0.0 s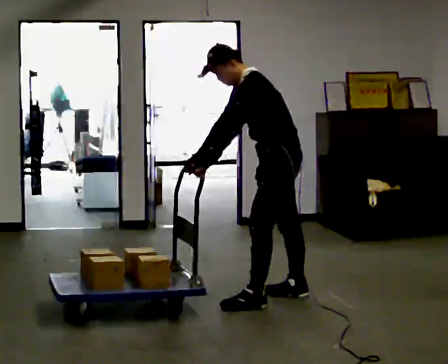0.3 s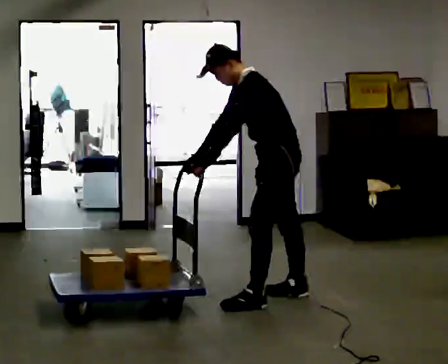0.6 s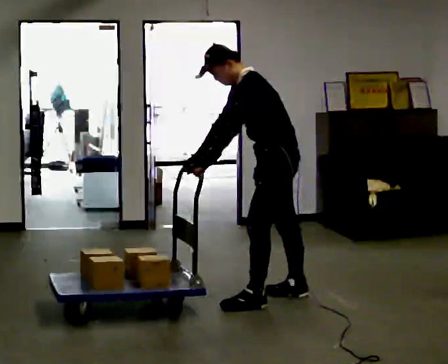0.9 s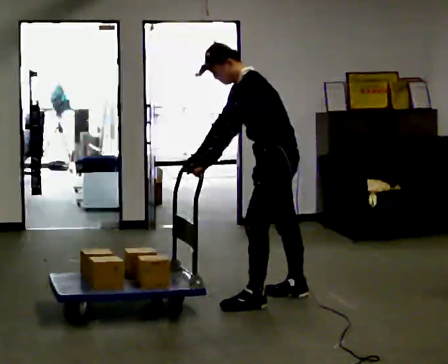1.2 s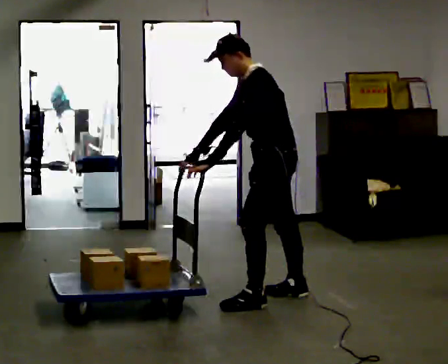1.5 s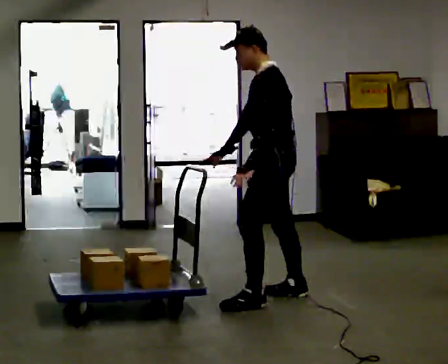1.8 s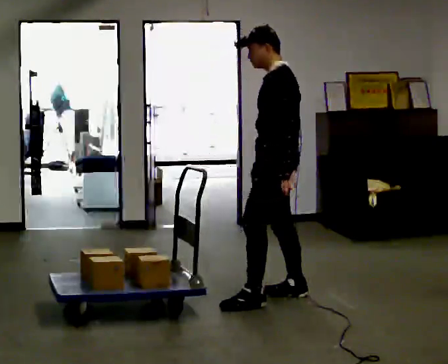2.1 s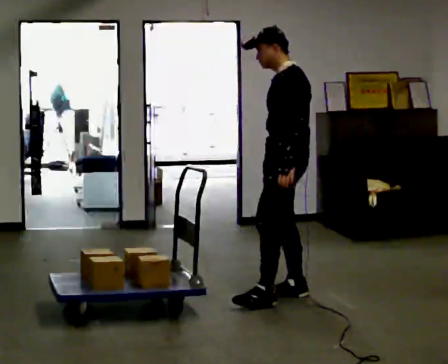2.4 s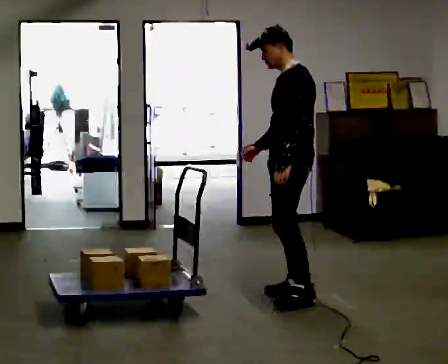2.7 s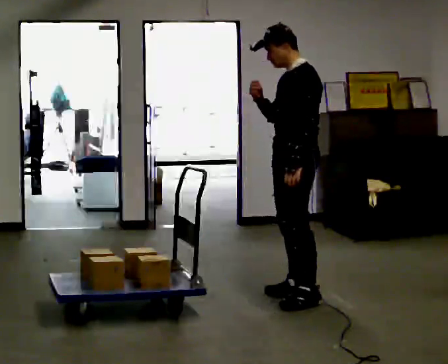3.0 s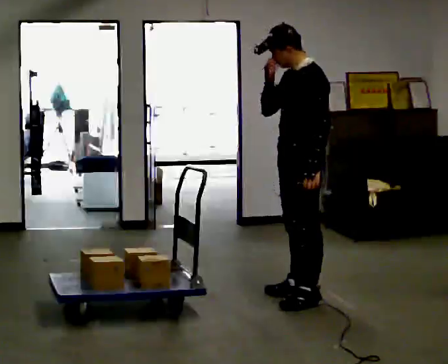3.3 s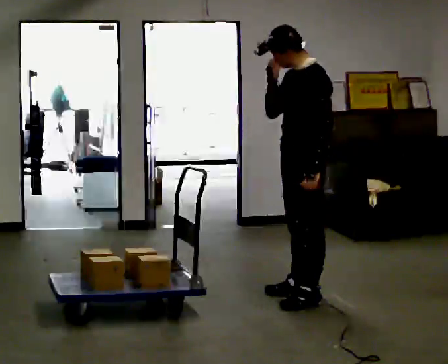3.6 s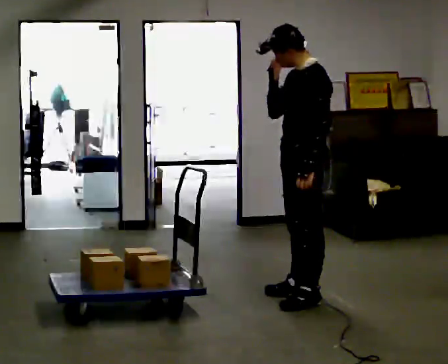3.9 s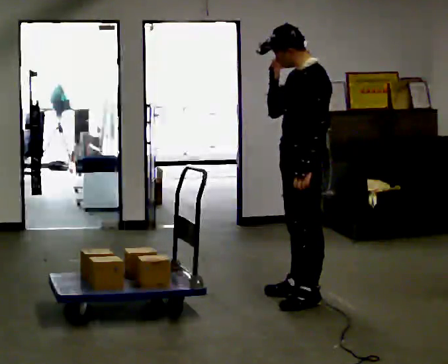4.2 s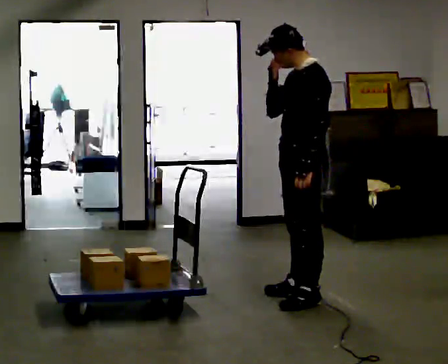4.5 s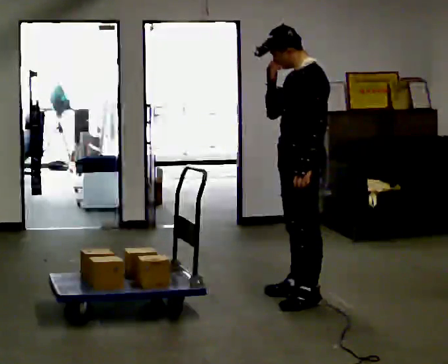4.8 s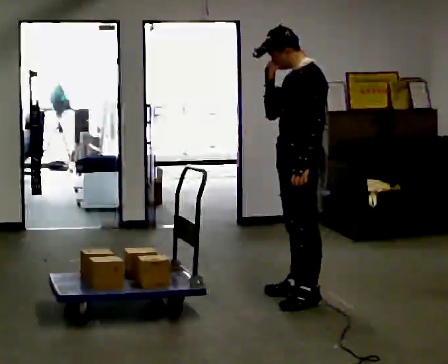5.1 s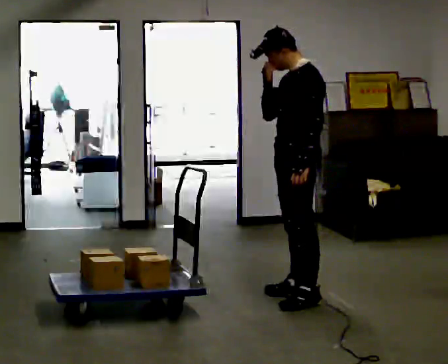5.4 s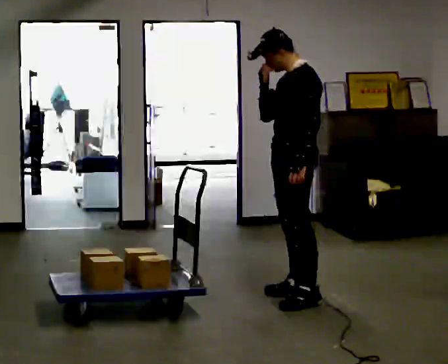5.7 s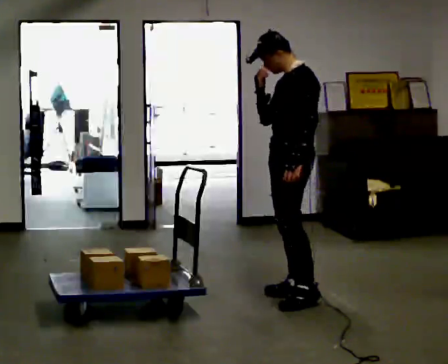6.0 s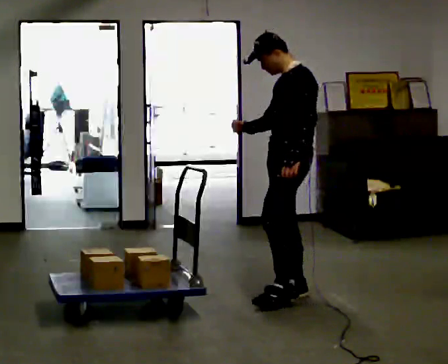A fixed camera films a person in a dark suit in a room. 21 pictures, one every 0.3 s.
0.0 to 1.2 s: The person moves a little, or ends about where they began.
1.2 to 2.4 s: In the picture the upper body tilts clockwise, shoulders to the right, as they lean back or straighten. In the picture their left hand goes to the right.
2.4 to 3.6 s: In the picture their right hand goes upward.
3.6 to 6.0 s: In the picture they go away from the camera, about 0.25 m, which for them is to their right.
The film runs forward here.
